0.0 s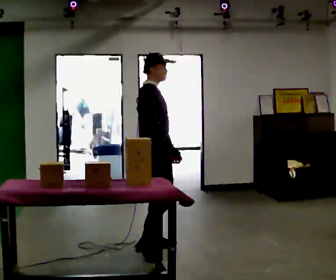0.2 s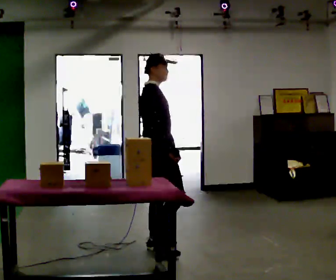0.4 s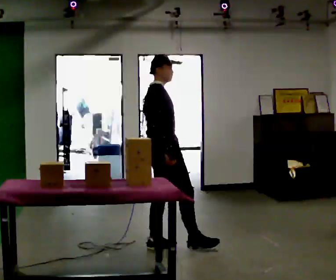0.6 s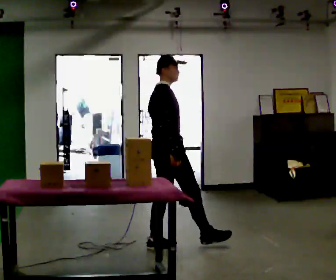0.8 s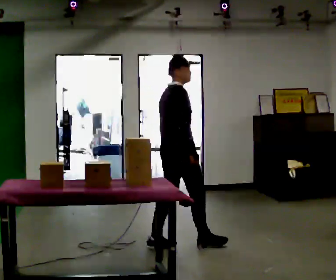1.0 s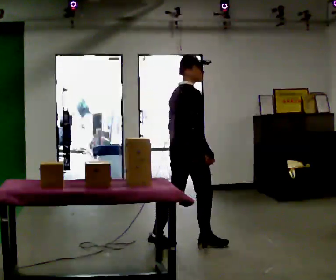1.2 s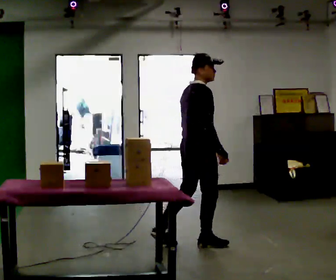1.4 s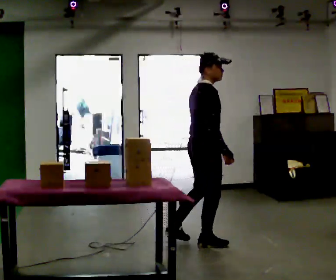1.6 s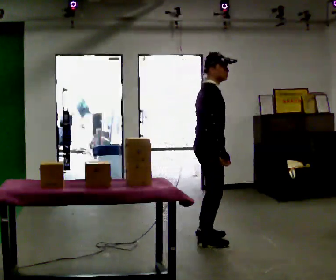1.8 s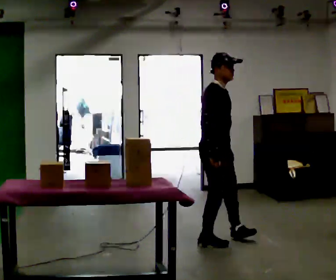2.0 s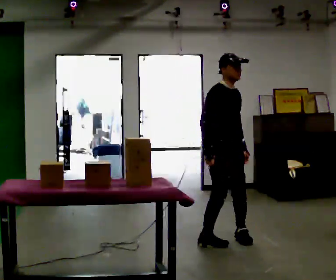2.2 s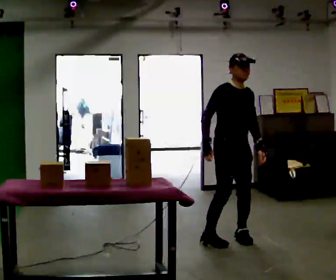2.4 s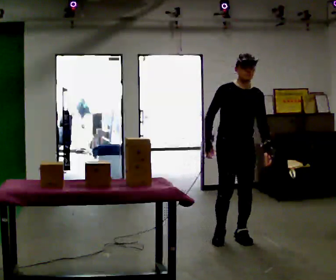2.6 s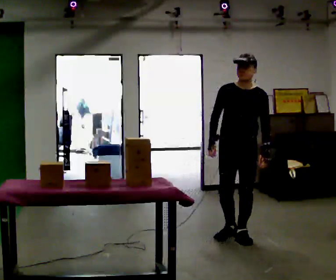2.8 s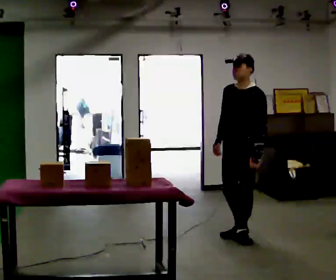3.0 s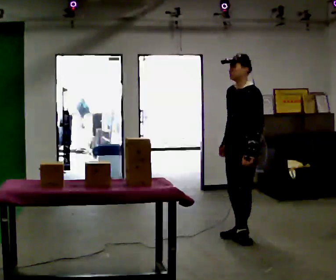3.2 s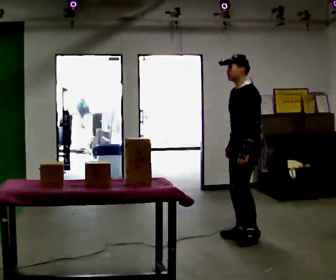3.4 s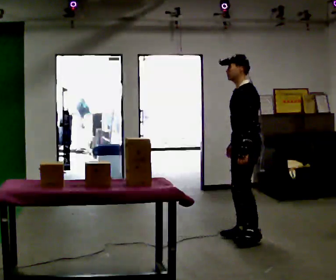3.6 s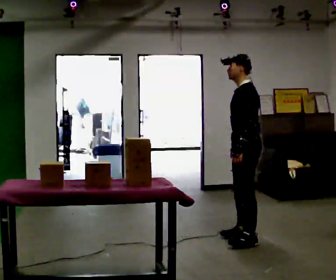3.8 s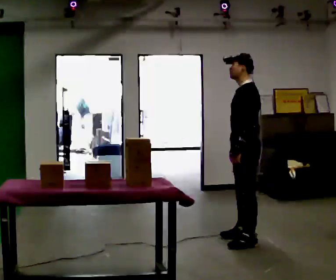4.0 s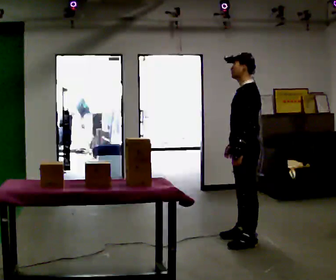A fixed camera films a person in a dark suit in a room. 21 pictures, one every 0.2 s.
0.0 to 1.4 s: In the picture they go to the right and away from the camera, about 0.5 m in 1 step, which for them is forward.
1.4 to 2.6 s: The person turns about 120 degrees to their right, clockwise seen from above, so the part of the body nearest the lens slides to the left. In the picture they go to the right and away from the camera, about 0.5 m in 1 step.
2.6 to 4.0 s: The person turns about 75 degrees to their right, clockwise seen from above, so the part of the body nearest the lens slides to the left.
The film runs forward here.
